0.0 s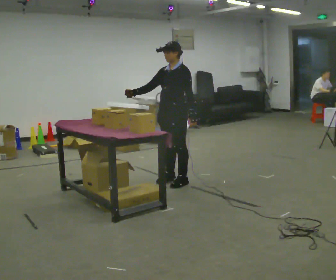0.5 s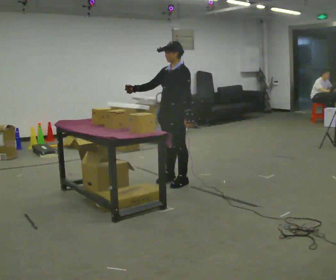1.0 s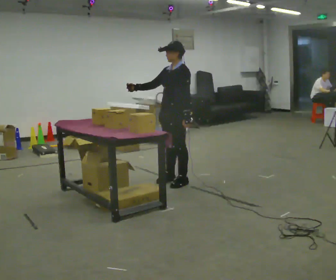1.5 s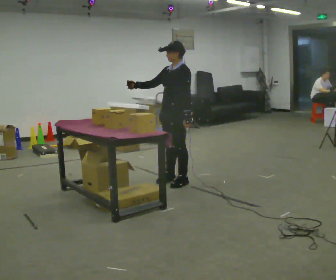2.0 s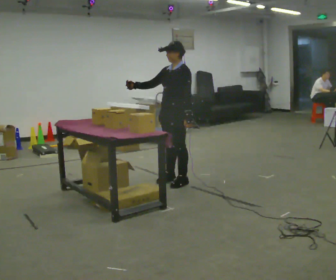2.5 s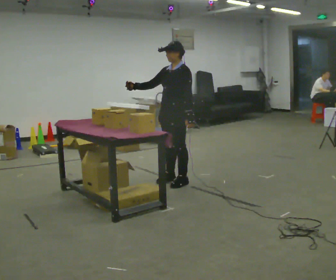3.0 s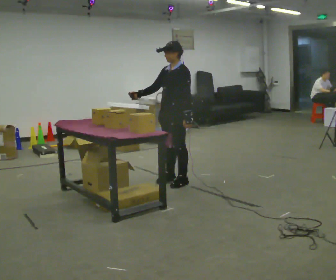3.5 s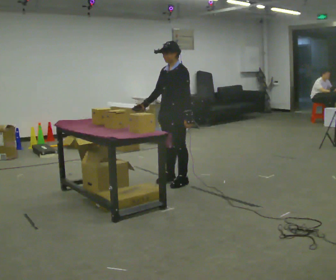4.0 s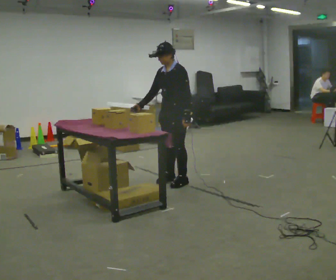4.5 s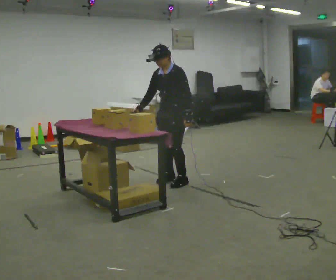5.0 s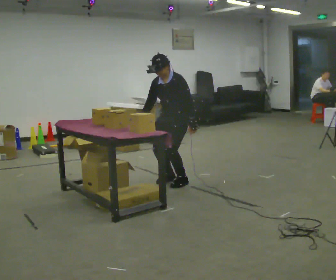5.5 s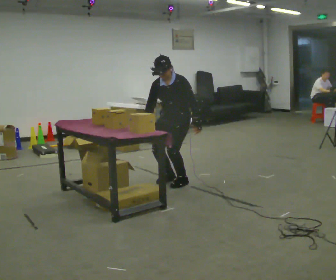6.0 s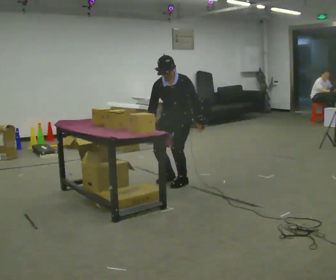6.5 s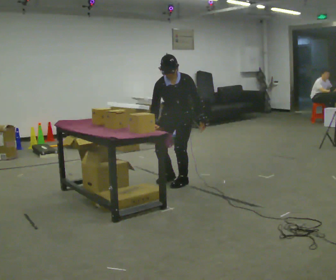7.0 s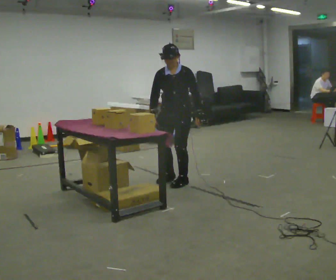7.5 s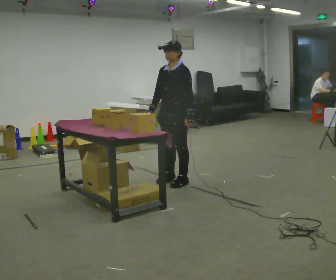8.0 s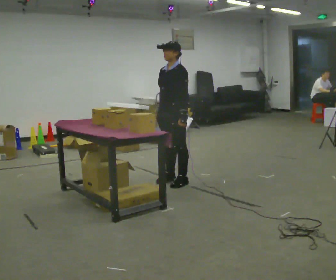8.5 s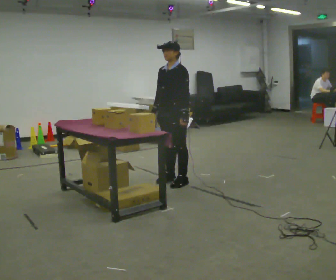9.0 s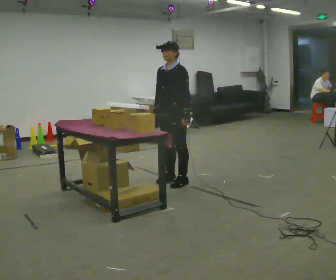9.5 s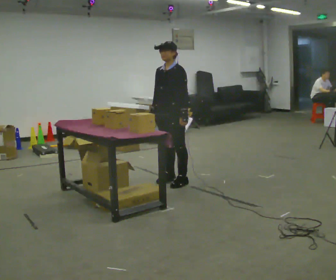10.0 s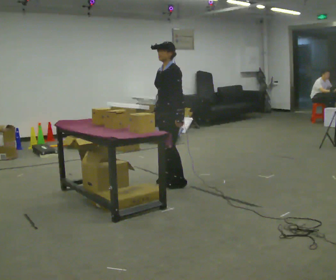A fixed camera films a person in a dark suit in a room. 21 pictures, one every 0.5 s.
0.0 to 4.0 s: The person moves a little, or ends about where they began.
4.0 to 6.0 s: The part of the body nearest the lens slides to the right as the person turns to their left by about 45 degrees.
6.0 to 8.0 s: The part of the body nearest the lens slides to the left as the person turns to their right by about 45 degrees. The upper body tips away from the camera, its near side rolling upward, as they lean back or straighten.
8.0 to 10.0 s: The person moves a little, or ends about where they began.
The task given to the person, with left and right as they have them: Carry the handheld device and, while walking, point it at the labels on the shelves and press the button as if scanning them.
The film runs forward here.
